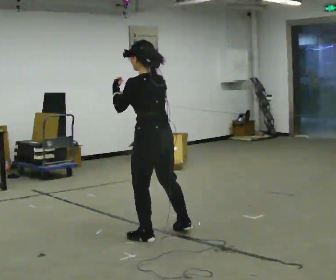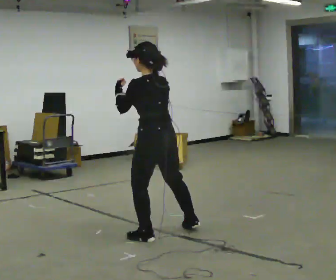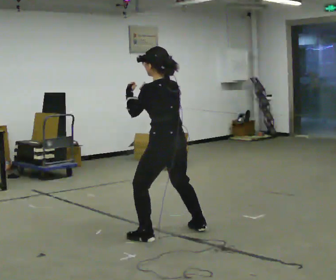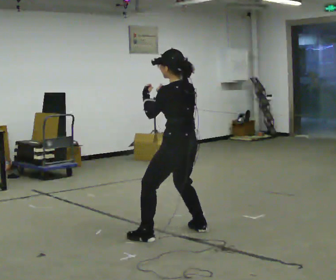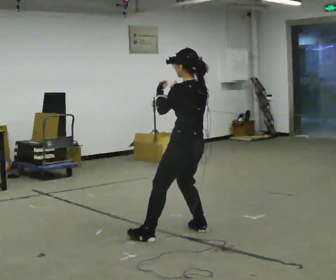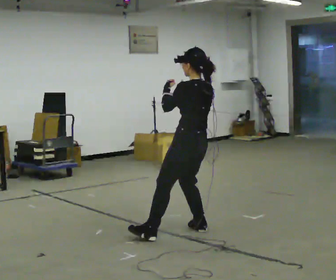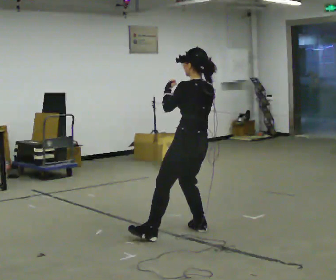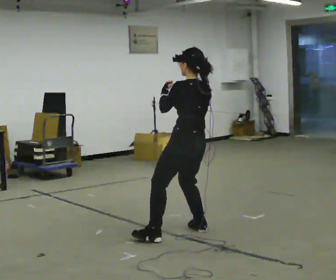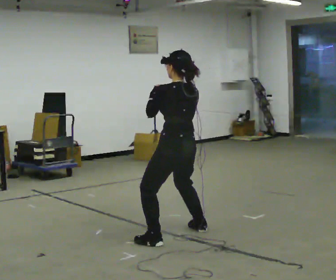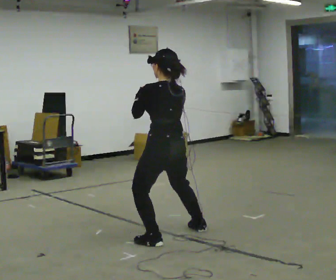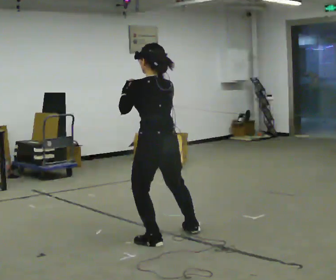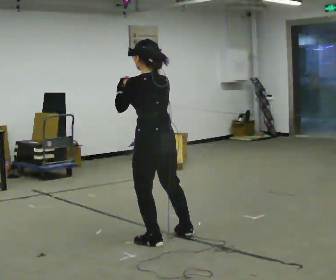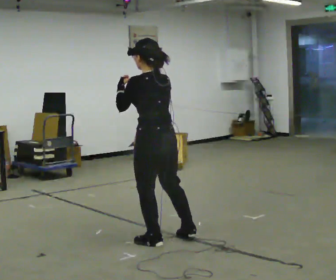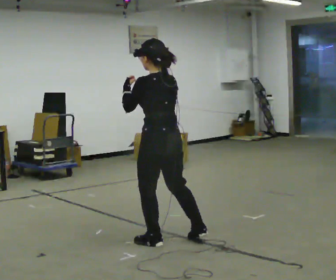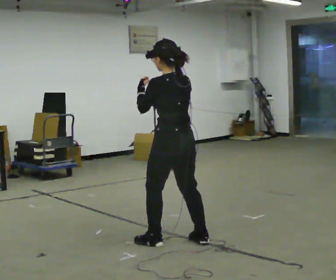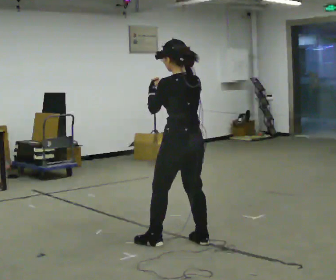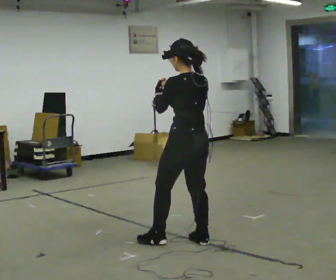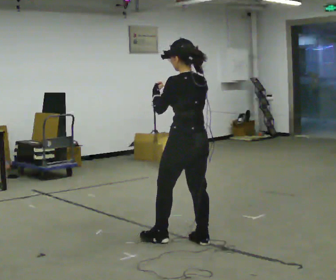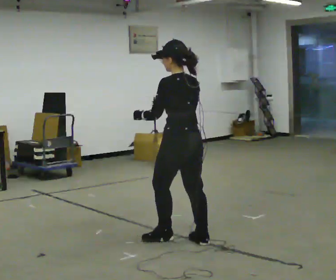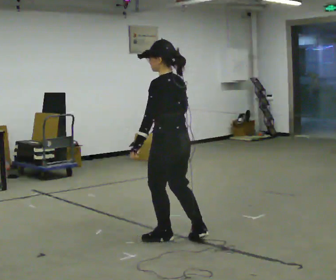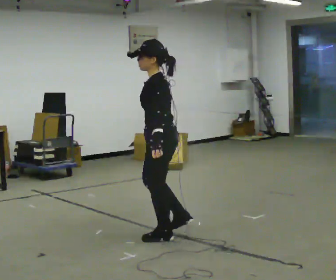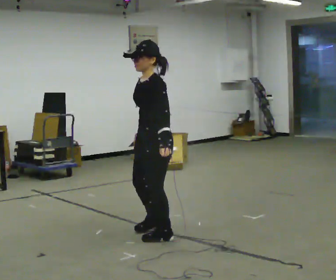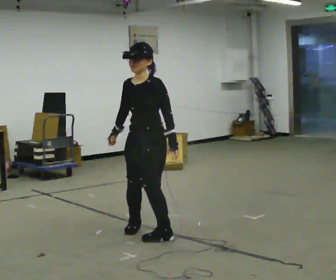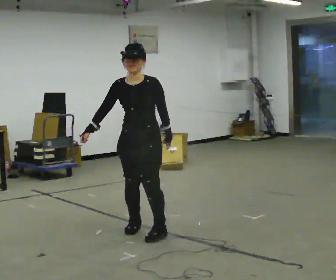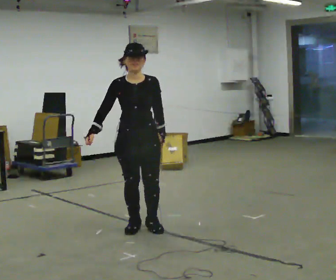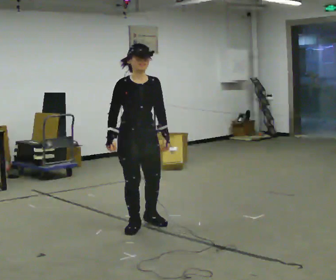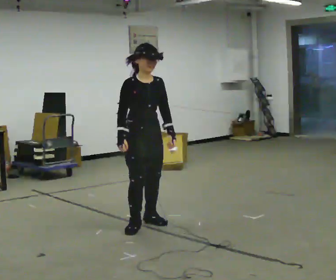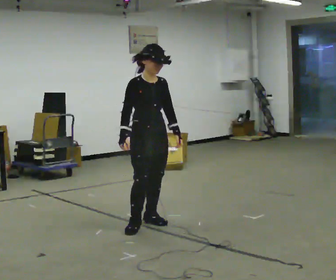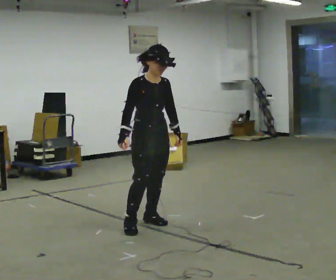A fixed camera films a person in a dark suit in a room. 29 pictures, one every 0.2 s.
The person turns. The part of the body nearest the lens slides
to the right.
The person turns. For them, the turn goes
to their left.
0.0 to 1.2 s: In the picture they go to the right and away from the camera, about 0.25 m, which for them is to their right and backward. In the picture the upper body tilts clockwise, shoulders to the right.
1.2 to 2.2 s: In the picture they go toward the camera and to the left, about 0.5 m, which for them is to their left.
2.2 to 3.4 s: In the picture they go to the right, about 0.25 m in 1 step, which for them is to their right and backward.
3.4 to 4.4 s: The person turns about 105 degrees to their left, counterclockwise seen from above, so the part of the body nearest the lens slides to the right. In the picture they go to the left and away from the camera, about 0.5 m in 1 step. In the picture their left hand goes downward.
4.4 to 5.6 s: Seen from above the body turns counterclockwise, about 75 degrees: to their left, with its near side sliding to the right. In the picture they go away from the camera, about 0.25 m in 1 step.
The film runs forward here.
